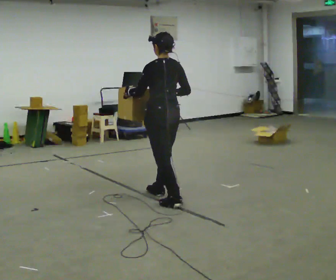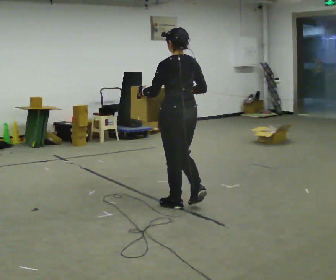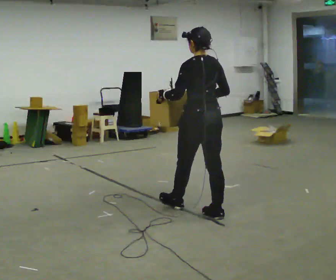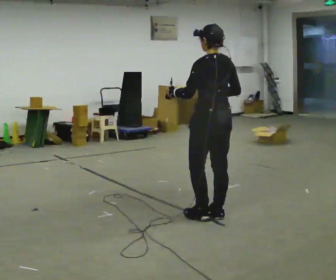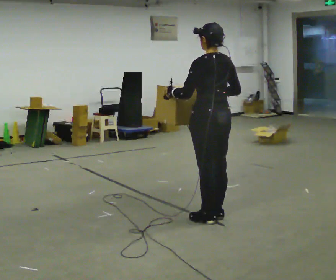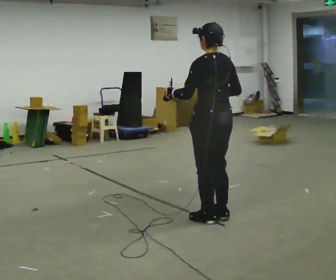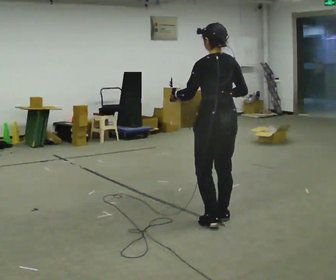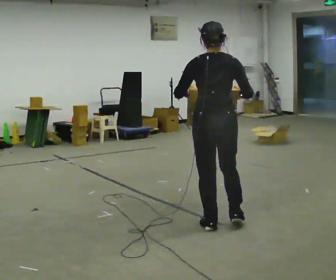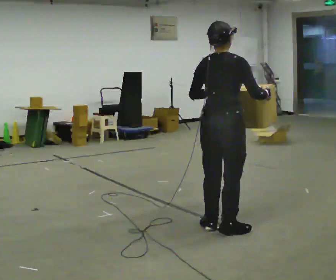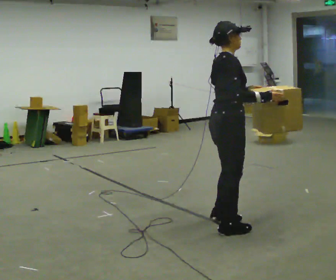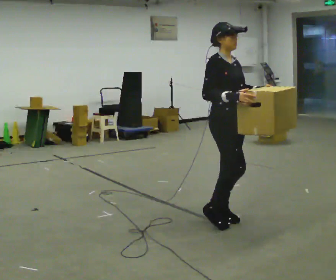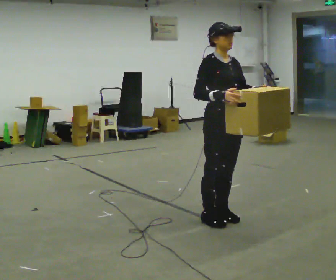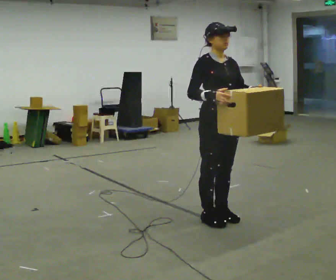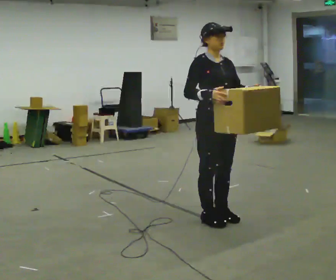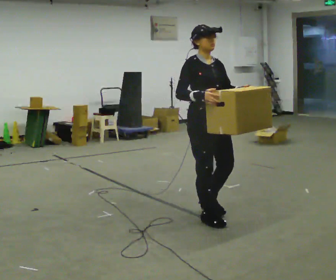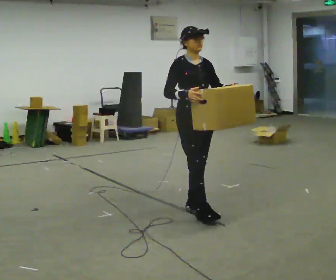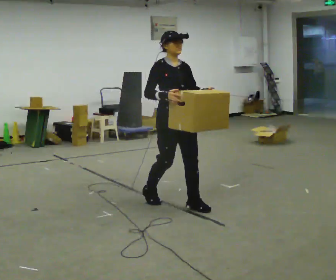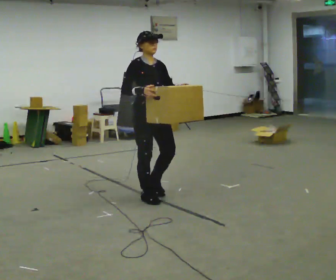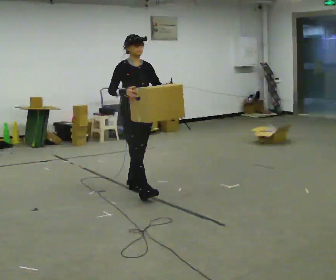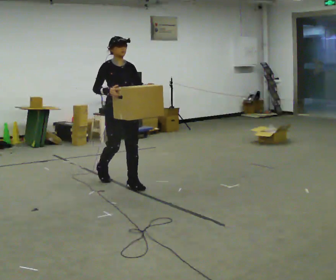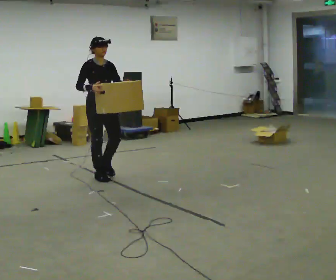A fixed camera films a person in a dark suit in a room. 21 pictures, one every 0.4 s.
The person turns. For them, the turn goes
to their right.
The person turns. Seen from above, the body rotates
clockwise.
0.0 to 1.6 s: In the picture they go toward the camera and to the right, about 0.5 m in 2 steps, which for them is backward.
1.6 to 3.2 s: Seen from above the body turns clockwise, about 75 degrees: to their right, with its near side sliding to the left. In the picture they go toward the camera, about 0.25 m in 2 steps. In the picture their right hand goes to the right.
3.2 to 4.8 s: The part of the body nearest the lens slides to the left as the person turns to their right by about 105 degrees. In the picture they go away from the camera, about 0.25 m in 2 steps. In the picture their right hand goes to the left.
4.8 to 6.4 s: In the picture they go away from the camera and to the left, about 0.5 m in 2 steps, which for them is backward.
6.4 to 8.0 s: In the picture they go to the left and away from the camera, about 1.5 m in 3 steps, which for them is backward.
The film runs backward here.
